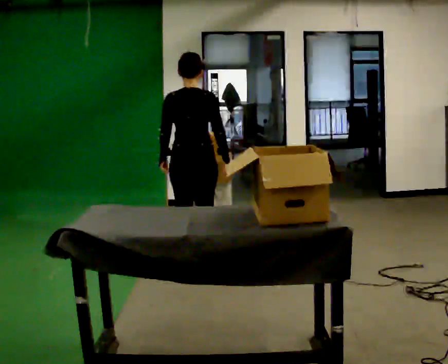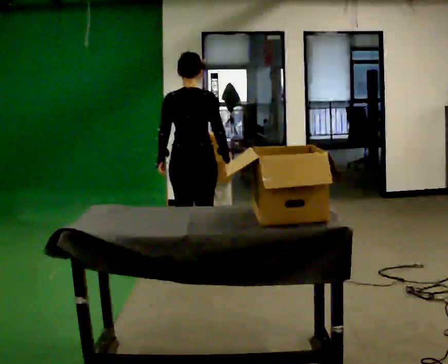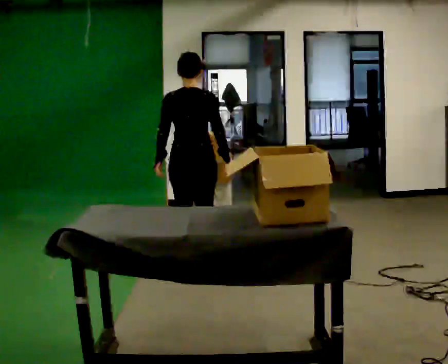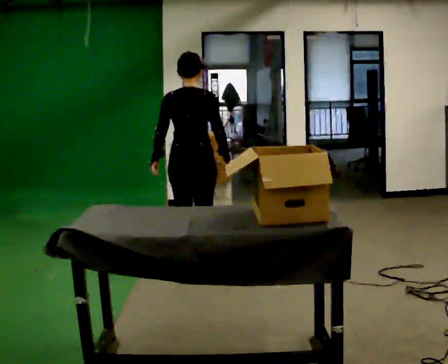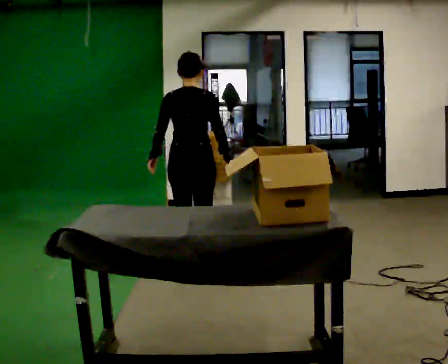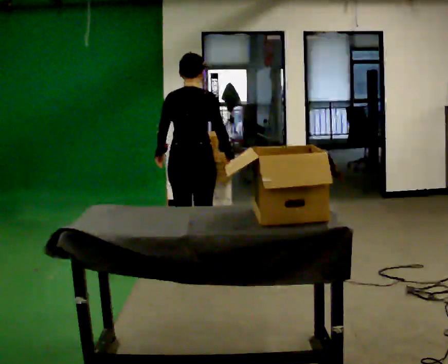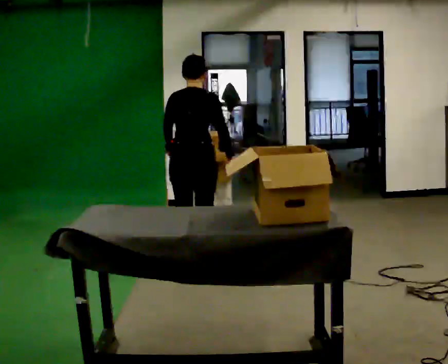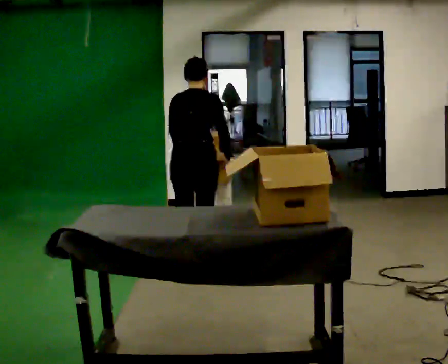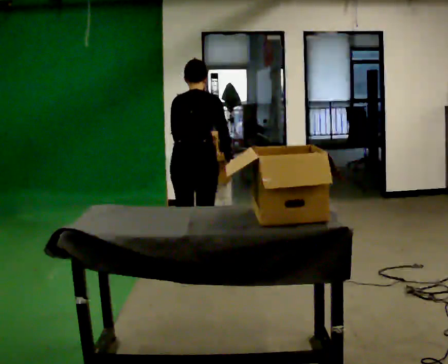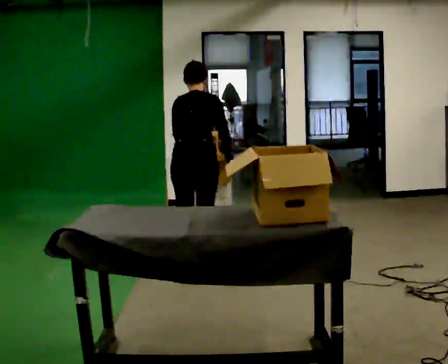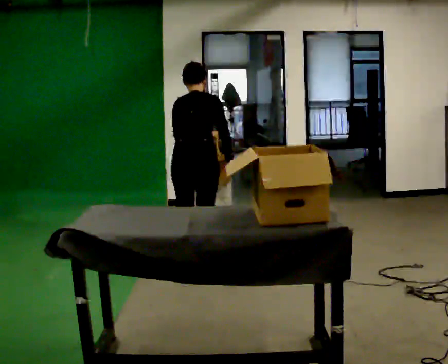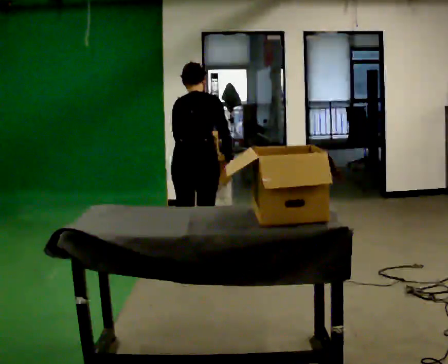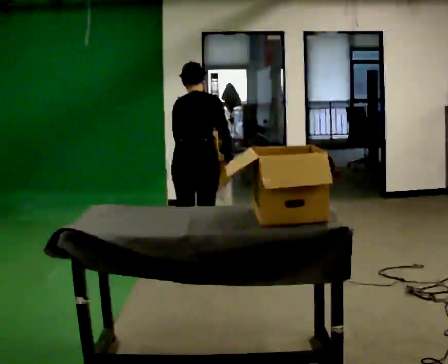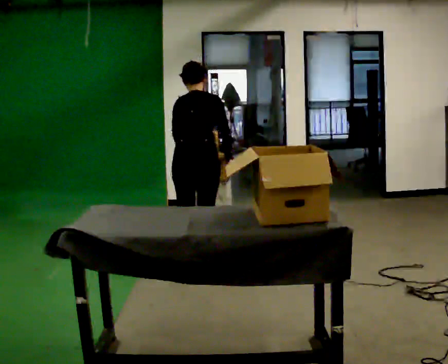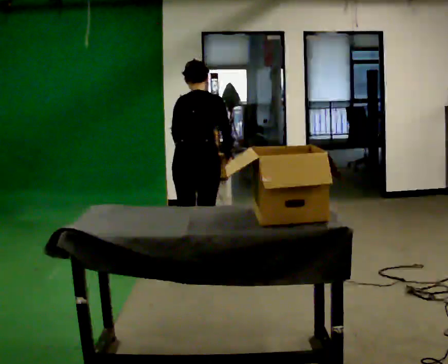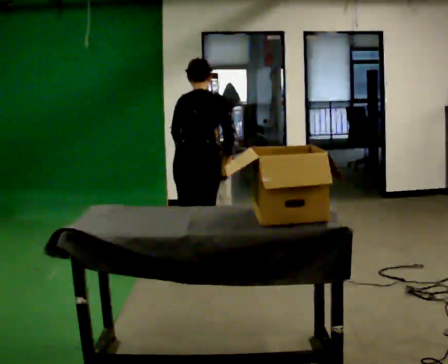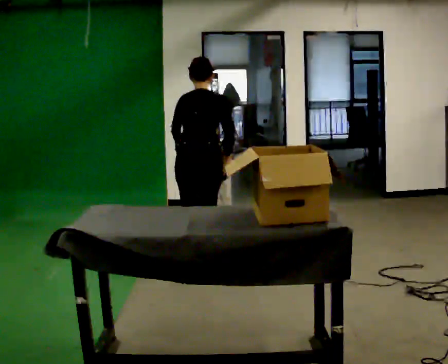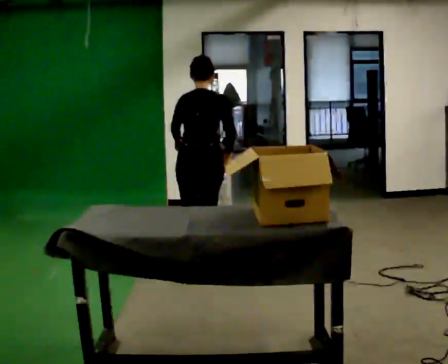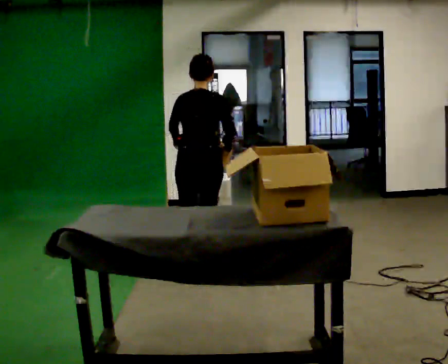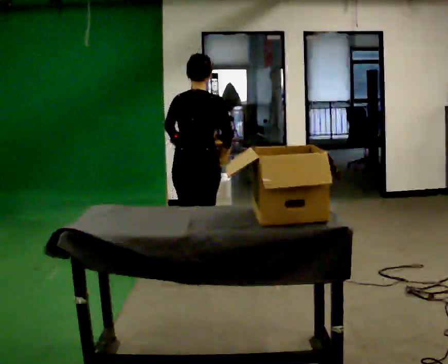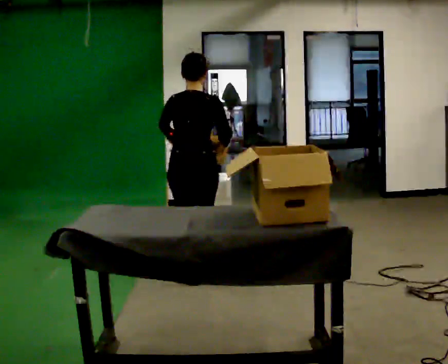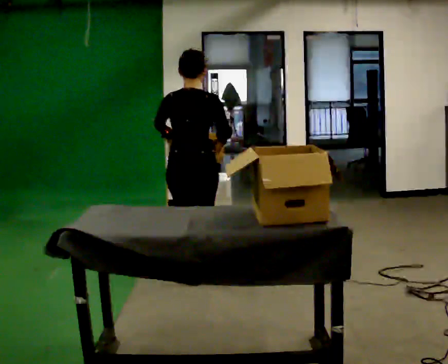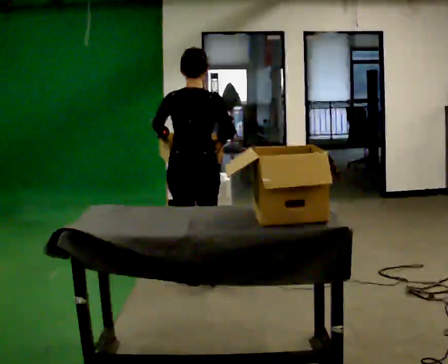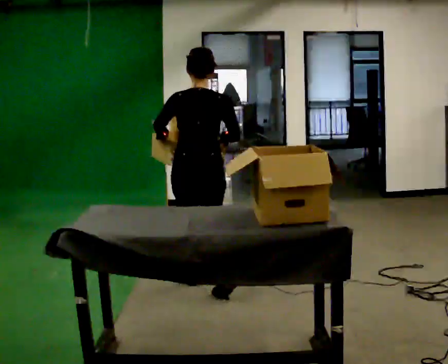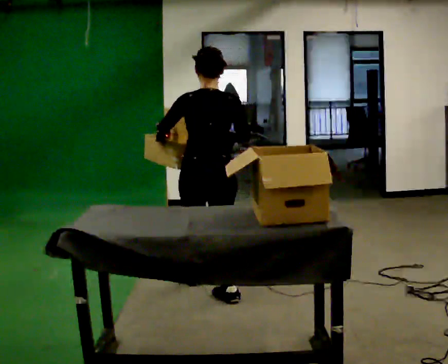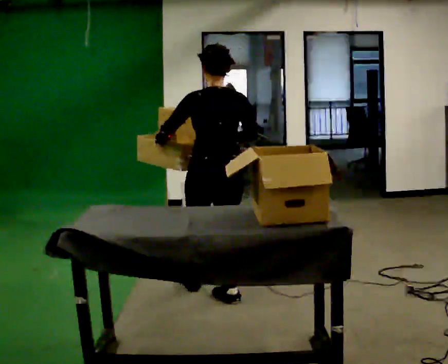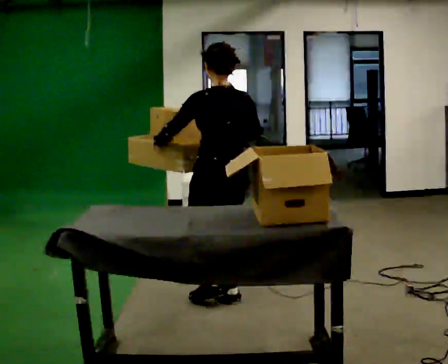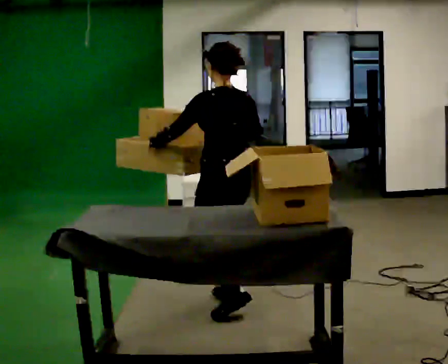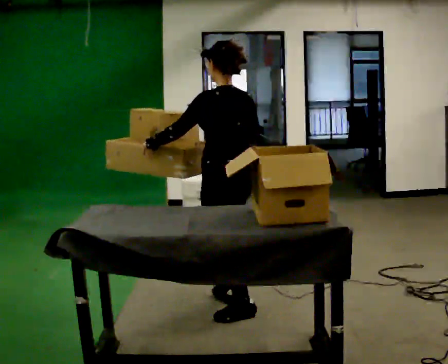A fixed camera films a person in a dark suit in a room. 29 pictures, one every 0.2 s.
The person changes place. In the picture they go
toward the camera.
0.0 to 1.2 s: The person moves a little, or ends about where they began.
1.2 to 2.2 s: The upper body tips away from the camera, its near side rolling upward, as they bend forward.
2.2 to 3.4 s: The upper body tips toward the camera, its near side rolling downward, as they lean back or straighten.
3.4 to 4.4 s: In the picture they go toward the camera, about 0.5 m in 1 step, which for them is backward. The upper body tips toward the camera, its near side rolling downward, as they lean back or straighten.
4.4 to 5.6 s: Seen from above the body turns counterclockwise, about 60 degrees: to their left, with its near side sliding to the right. In the picture they go toward the camera and to the right, about 0.5 m in 1 step, which for them is backward.
The film runs backward here.
